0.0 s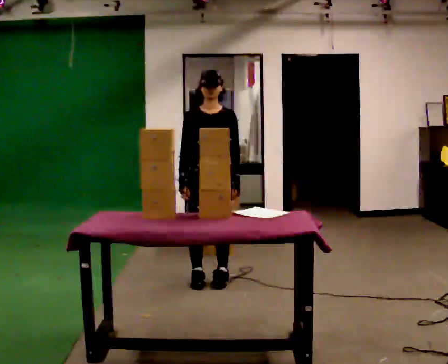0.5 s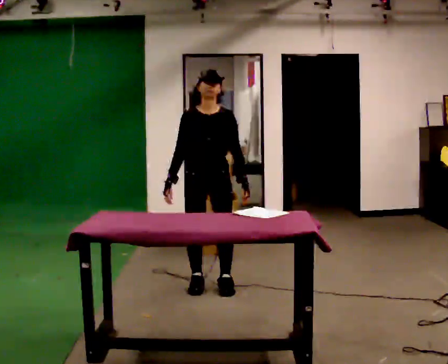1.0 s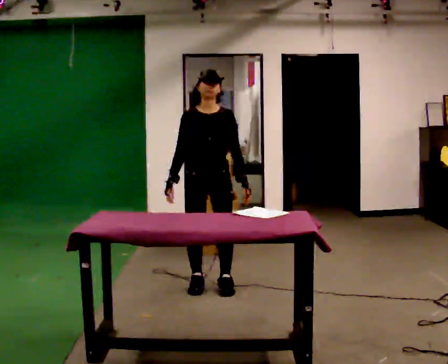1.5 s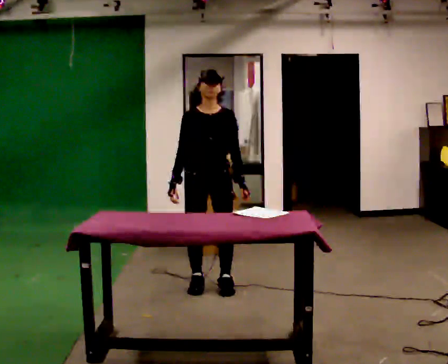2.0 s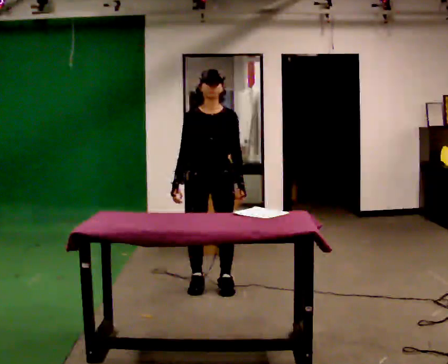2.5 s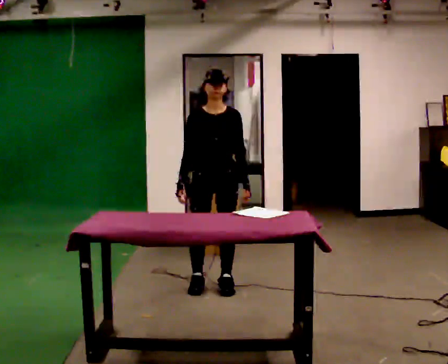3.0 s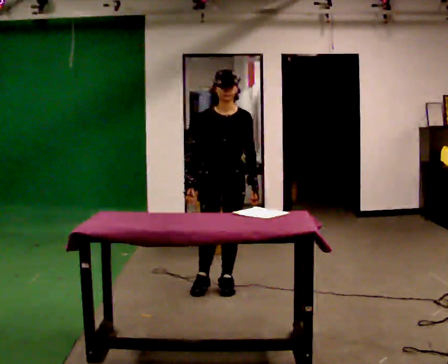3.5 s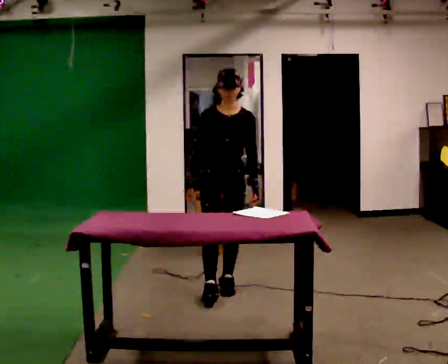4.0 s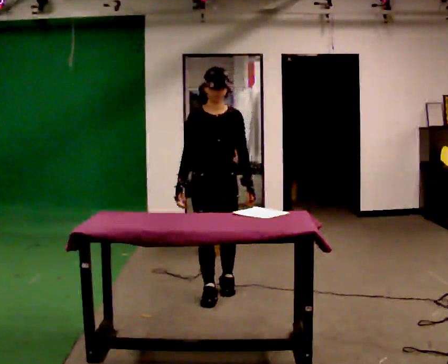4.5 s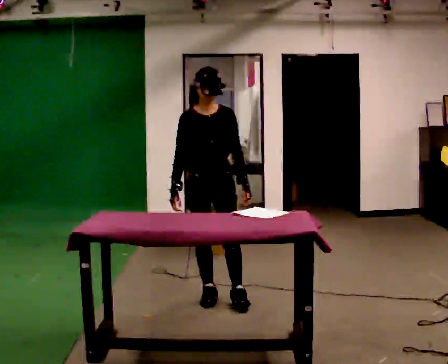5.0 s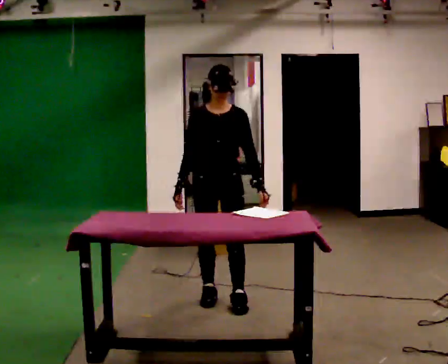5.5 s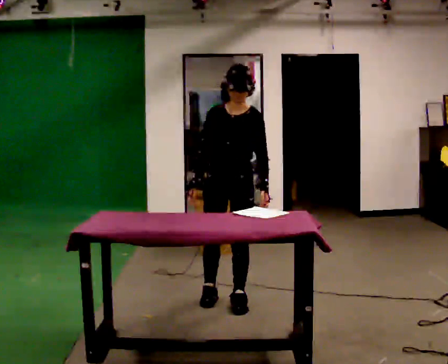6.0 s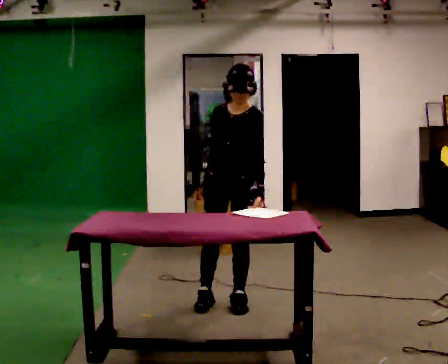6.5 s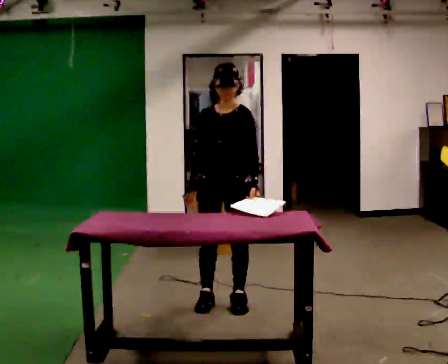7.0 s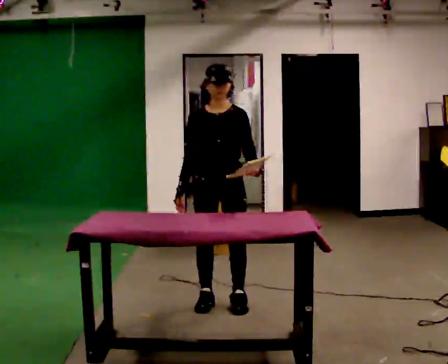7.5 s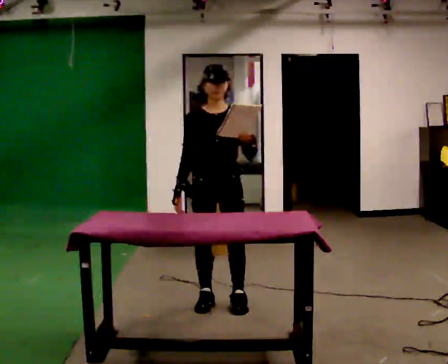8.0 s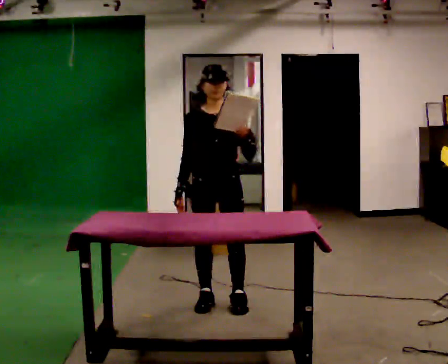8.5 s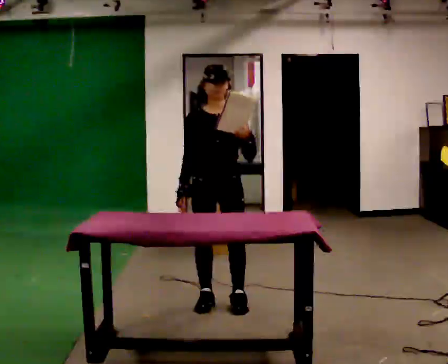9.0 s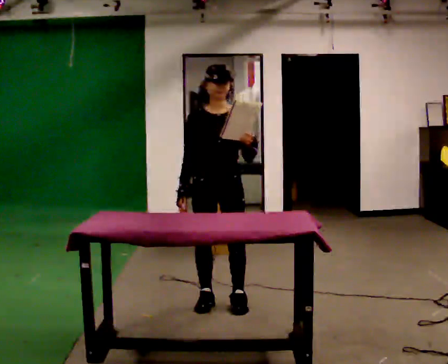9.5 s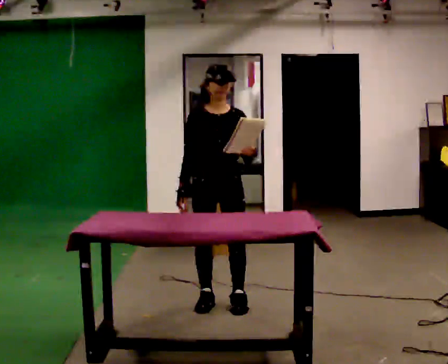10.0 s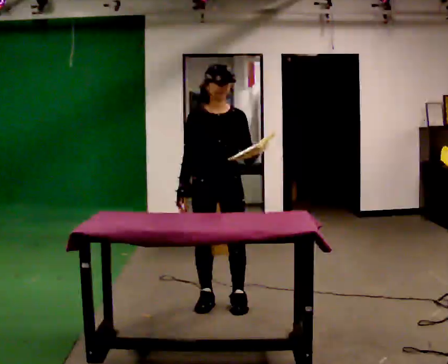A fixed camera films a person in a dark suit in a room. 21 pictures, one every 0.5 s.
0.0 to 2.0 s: In the picture they go toward the camera, about 0.25 m, which for them is forward.
2.0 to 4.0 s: In the picture they go toward the camera, about 0.25 m in 1 step, which for them is forward.
4.0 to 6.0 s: The part of the body nearest the lens slides to the left as the person turns to their right by about 30 degrees. In the picture they go toward the camera and to the right, about 0.25 m in 1 step, which for them is forward and to their left.
6.0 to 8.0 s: Seen from above the body turns counterclockwise, about 30 degrees: to their left, with its near side sliding to the right. In the picture their left hand goes upward.
8.0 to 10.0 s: The person moves a little, or ends about where they began.
The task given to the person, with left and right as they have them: 1. Read the list the operator gives you. 2. Collect the six items on the list from the shelves. 3. Put them all in the bin on the table. 4. Tell the operator when you are finished.
The film runs forward here.
